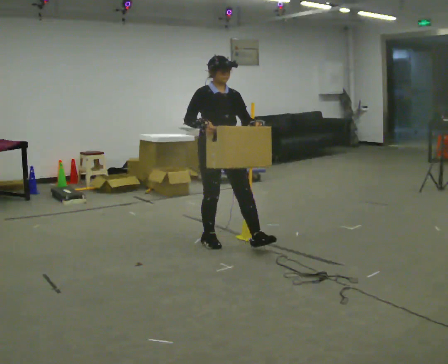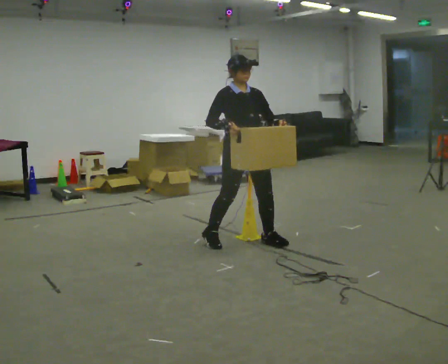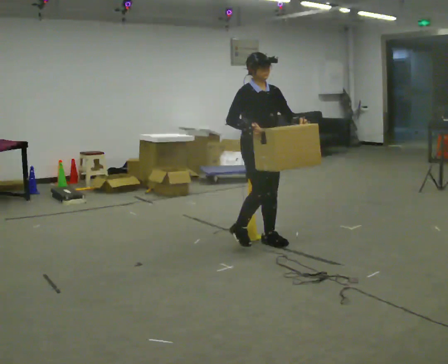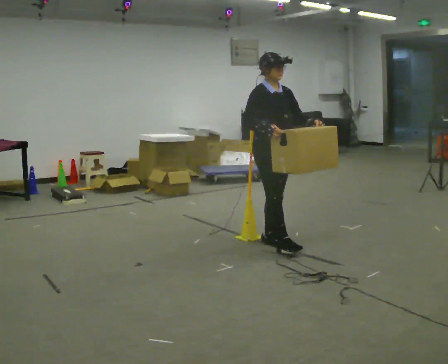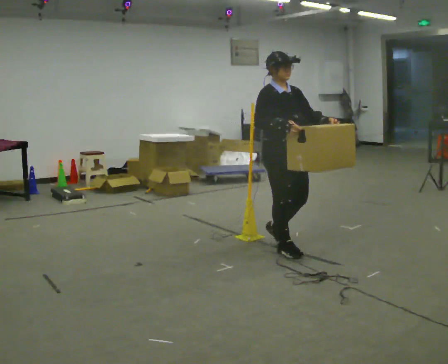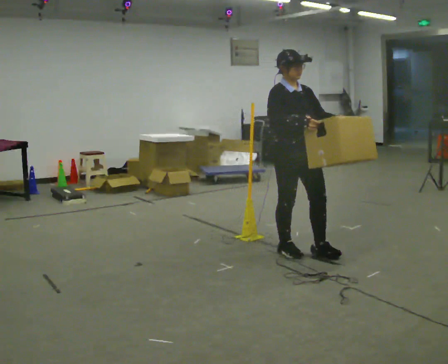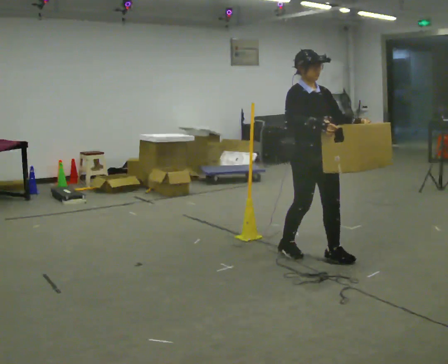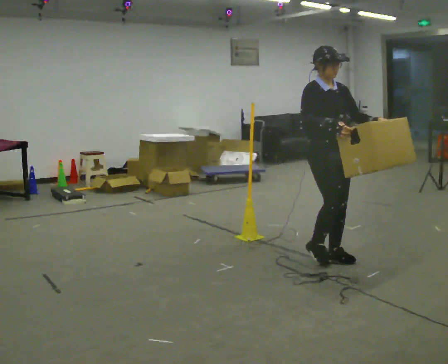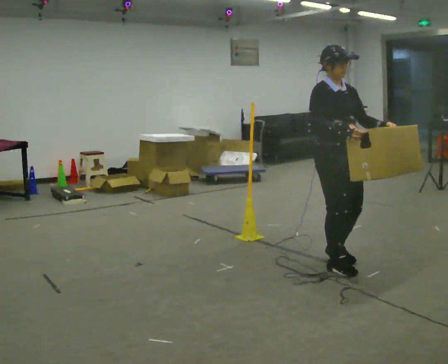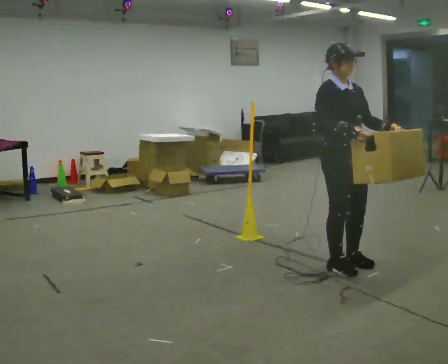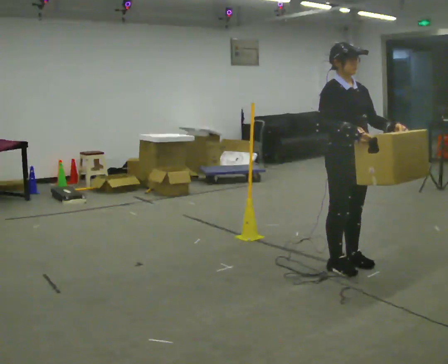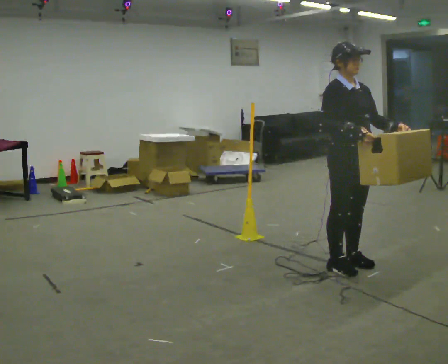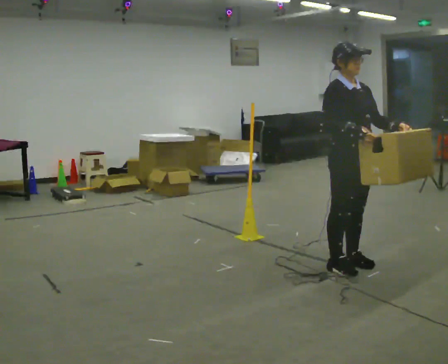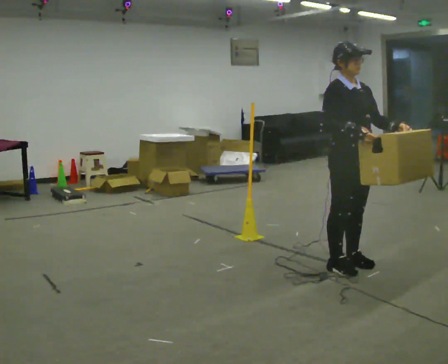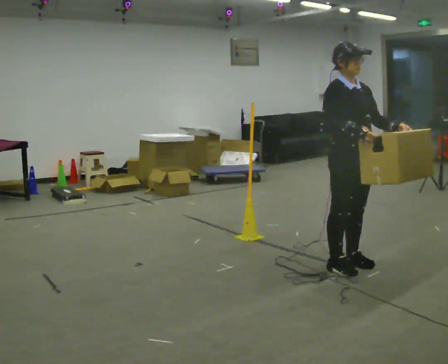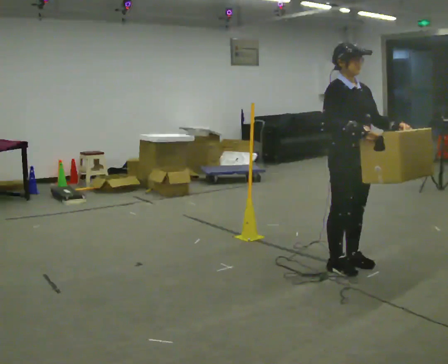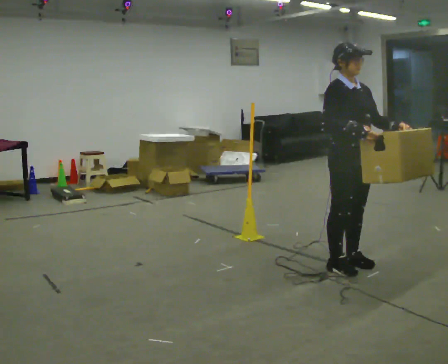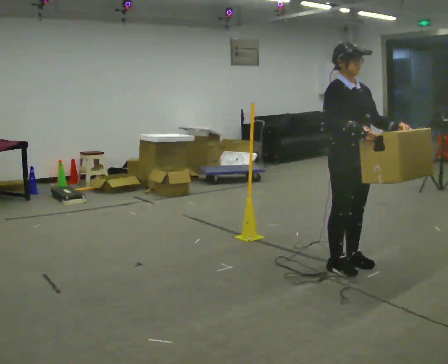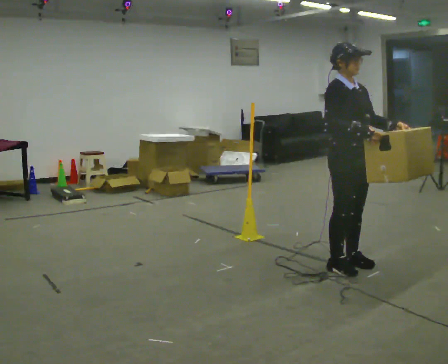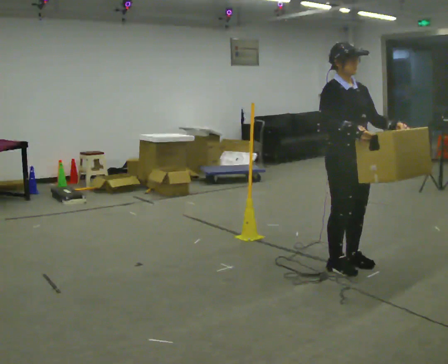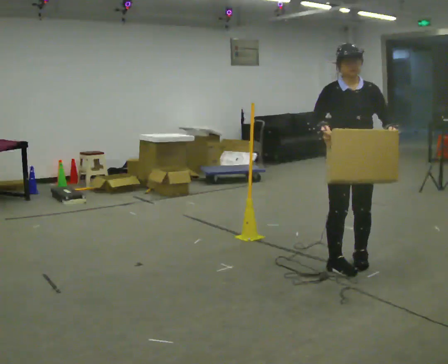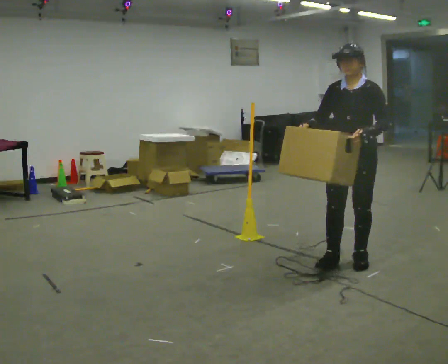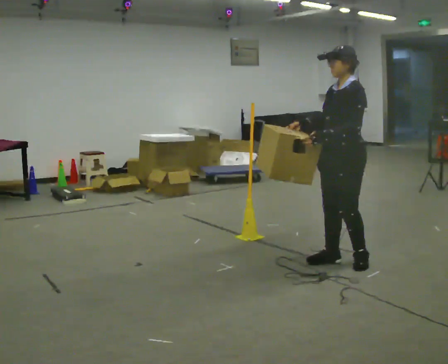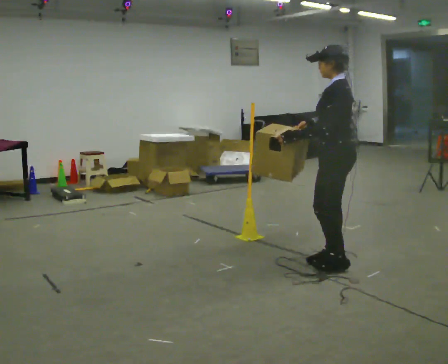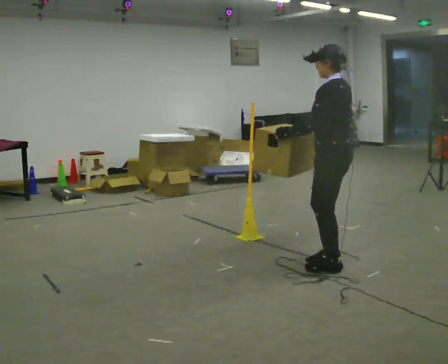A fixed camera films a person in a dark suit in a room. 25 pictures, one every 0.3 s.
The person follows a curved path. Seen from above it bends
clockwise.
0.0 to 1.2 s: In the picture they go to the right, about 0.5 m in 2 steps, which for them is forward and to their left.
1.2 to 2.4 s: In the picture they go to the right and toward the camera, about 0.5 m in 2 steps, which for them is forward.
2.4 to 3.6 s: The person moves a little, or ends about where they began.
3.6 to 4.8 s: The person keeps their place and pose.
4.8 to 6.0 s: The person turns about 30 degrees to their right, clockwise seen from above, so the part of the body nearest the lens slides to the left.
6.0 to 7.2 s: The part of the body nearest the lens slides to the left as the person turns to their right by about 105 degrees. In the picture their left hand goes to the left.
The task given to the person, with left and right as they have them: Carry the box across the room. The operator will step into your path partway across, so go around them and carry on. Keep going until the operator says stop; one object at a time, and do not rush between trips.
The film runs forward here.
